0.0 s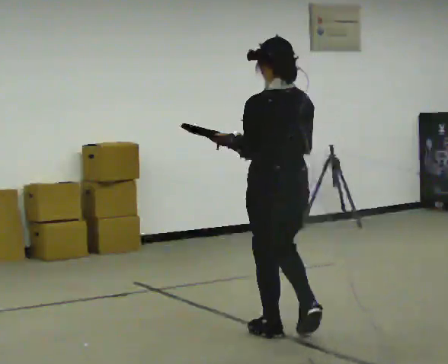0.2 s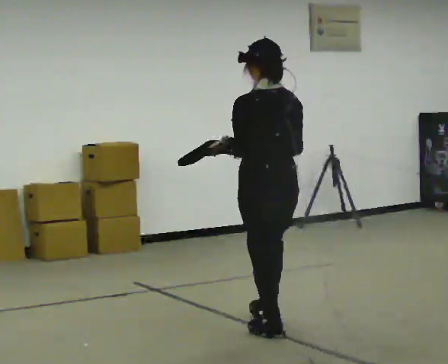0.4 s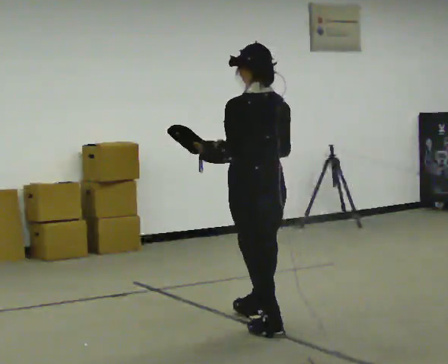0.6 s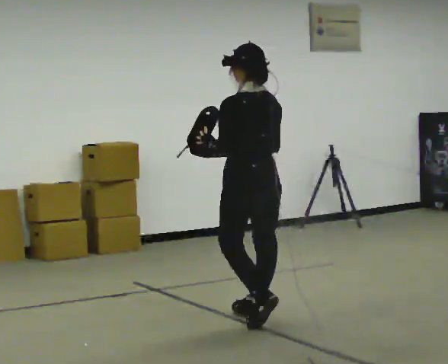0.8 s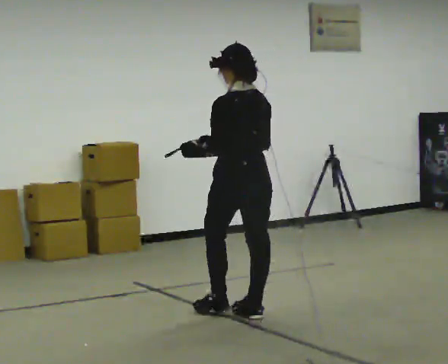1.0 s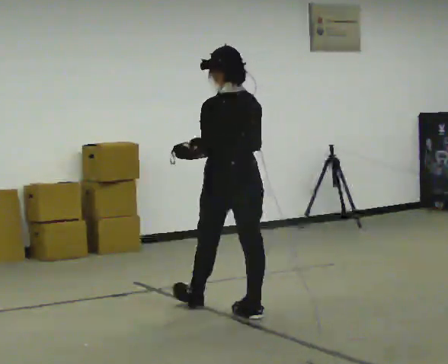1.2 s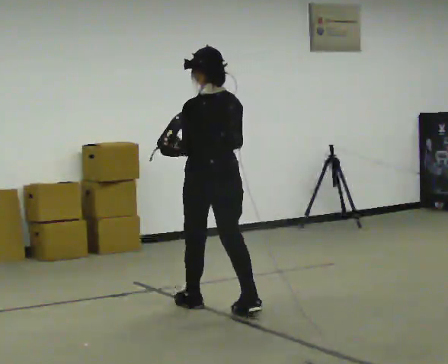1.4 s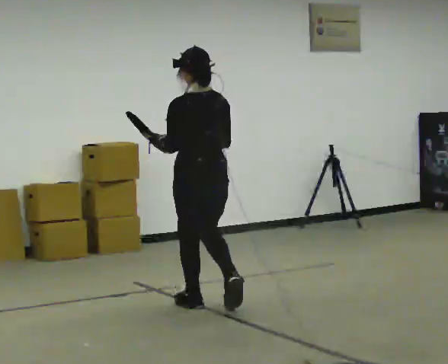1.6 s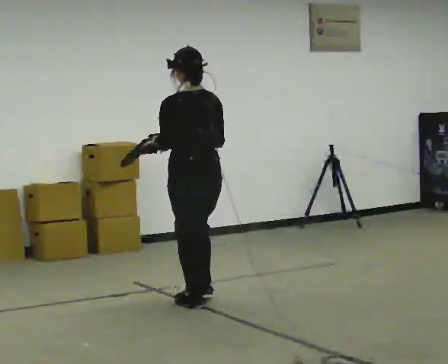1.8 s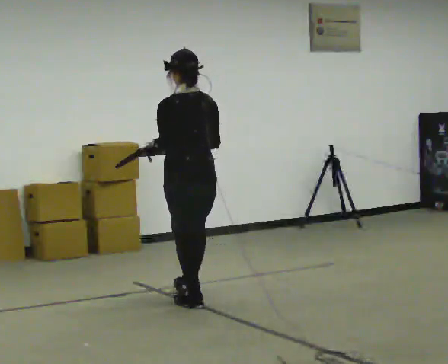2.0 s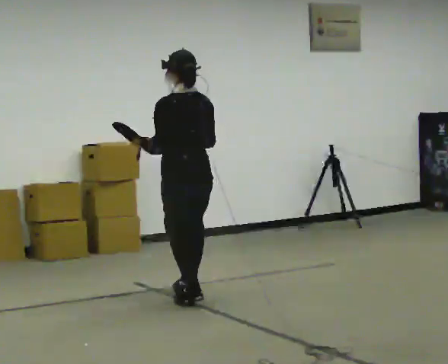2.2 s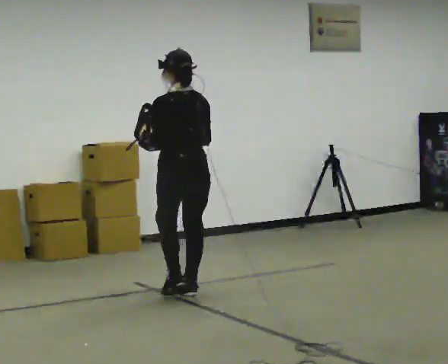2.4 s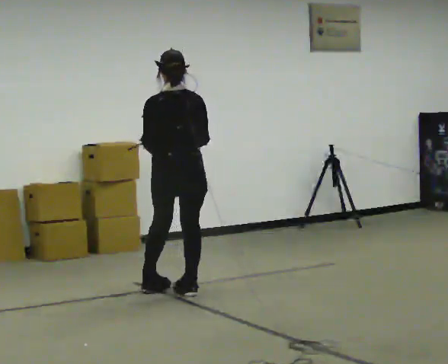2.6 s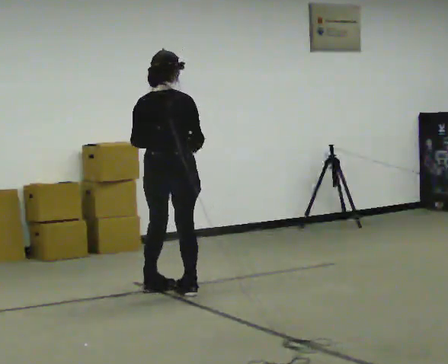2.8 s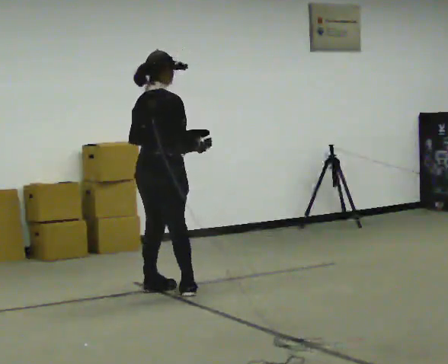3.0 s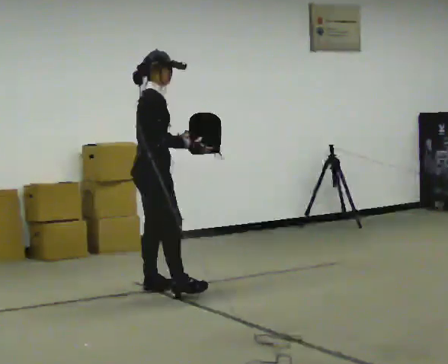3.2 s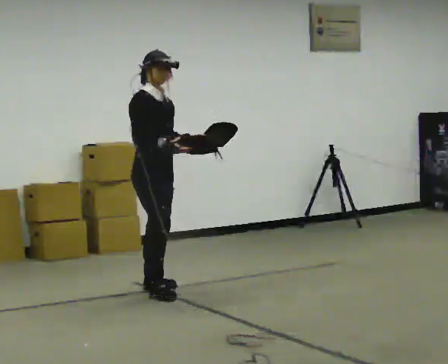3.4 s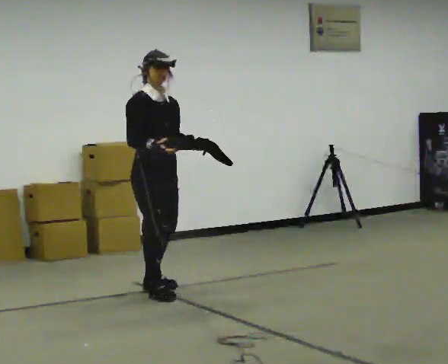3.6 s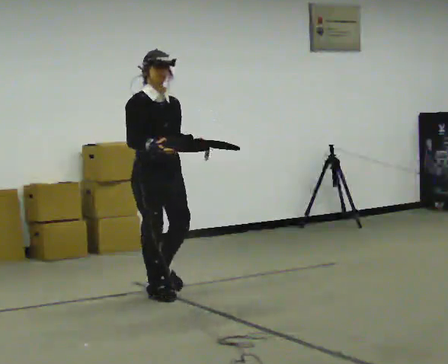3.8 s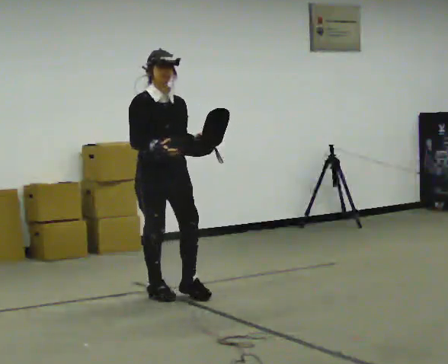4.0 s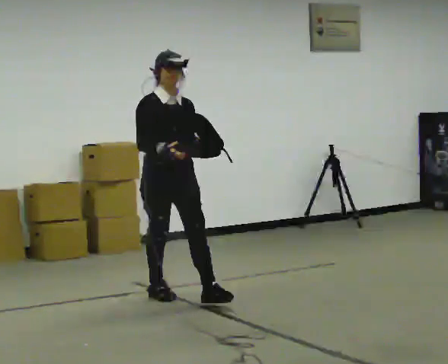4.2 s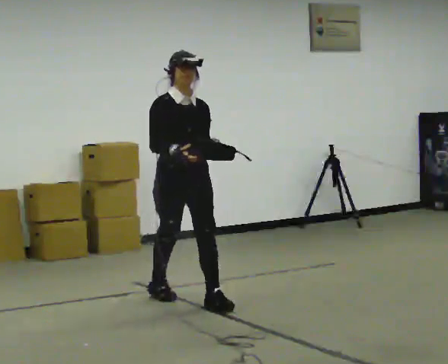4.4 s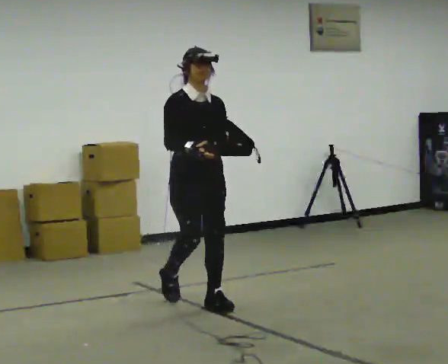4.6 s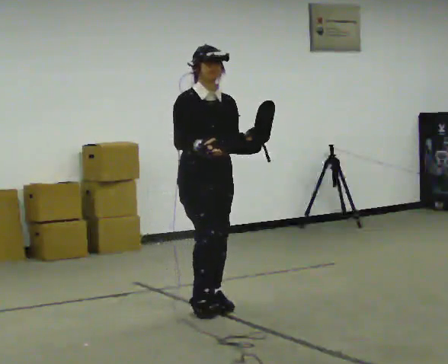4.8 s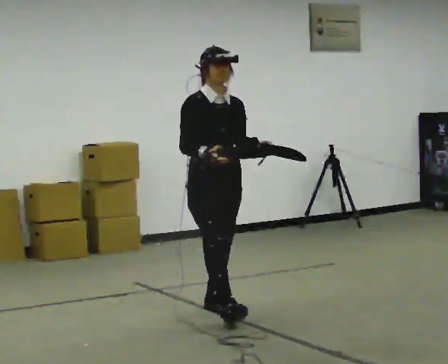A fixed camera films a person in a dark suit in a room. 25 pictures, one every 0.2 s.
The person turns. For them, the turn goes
to their right.
The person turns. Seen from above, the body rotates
clockwise.
0.0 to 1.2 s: In the picture they go away from the camera and to the left, about 1 m in 2 steps, which for them is forward.
1.2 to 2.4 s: In the picture they go away from the camera and to the left, about 0.5 m in 1 step, which for them is forward.
2.4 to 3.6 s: Seen from above the body turns clockwise, about 150 degrees: to their right, with its near side sliding to the left.
3.6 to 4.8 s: In the picture they go toward the camera and to the right, about 0.75 m in 1 step, which for them is forward.
The film runs forward here.
